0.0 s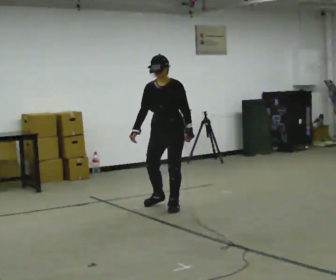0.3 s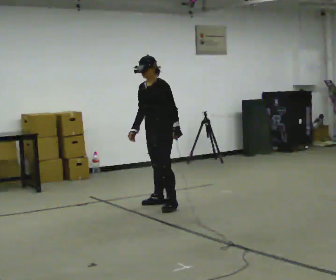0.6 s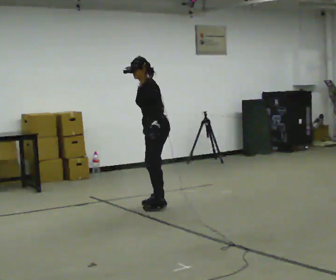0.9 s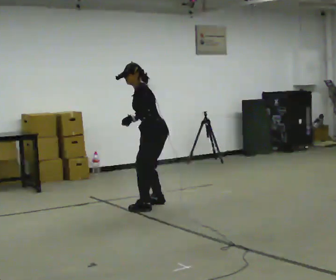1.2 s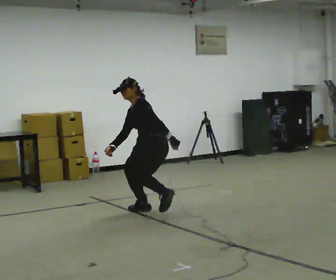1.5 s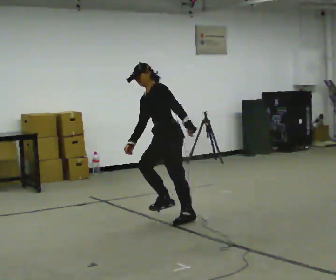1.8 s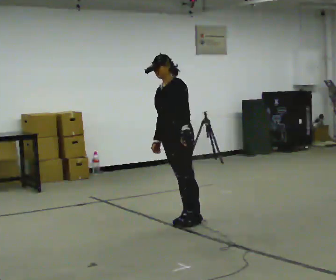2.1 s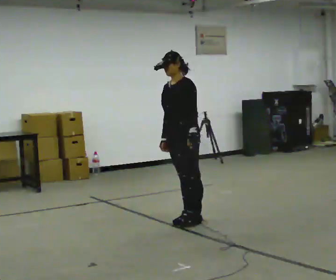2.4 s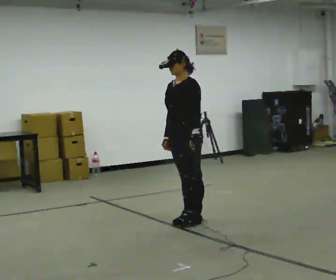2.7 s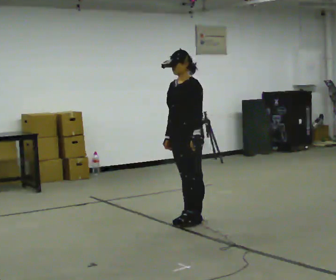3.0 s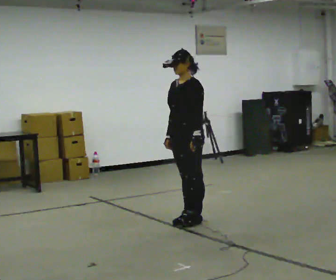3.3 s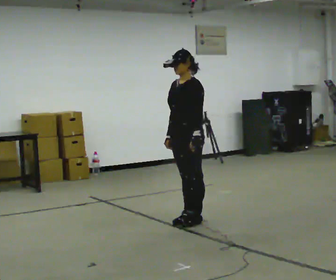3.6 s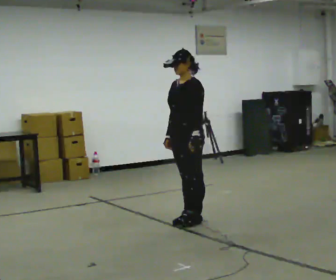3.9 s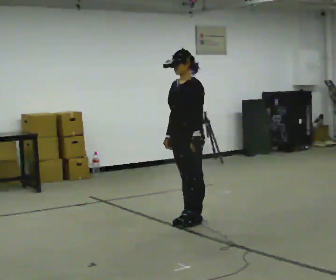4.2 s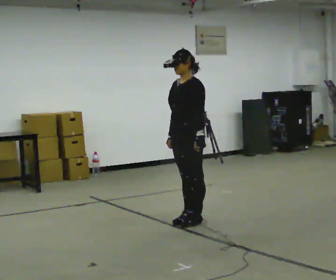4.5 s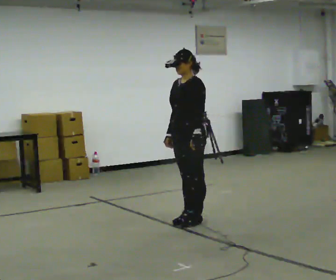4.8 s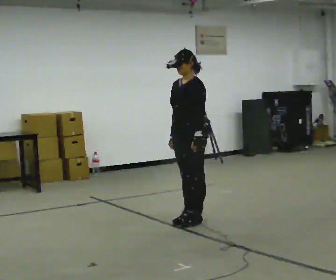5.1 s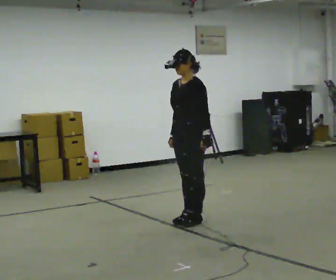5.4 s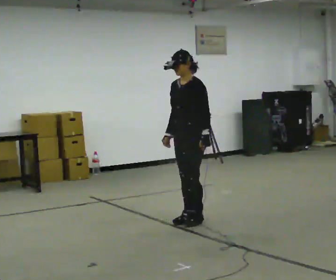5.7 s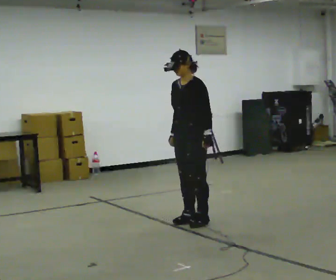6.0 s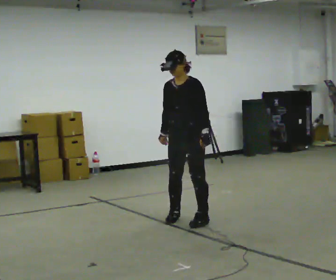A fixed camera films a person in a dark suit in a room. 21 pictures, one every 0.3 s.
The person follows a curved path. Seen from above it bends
counterclockwise.
0.0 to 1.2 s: The part of the body nearest the lens slides to the left as the person turns to their right by about 90 degrees. In the picture they go to the left and toward the camera, about 0.25 m in 2 steps. The shoulders move downward. In the picture the upper body tilts counterclockwise, shoulders to the left, as they bend forward.
1.2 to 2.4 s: The part of the body nearest the lens slides to the right as the person turns to their left by about 60 degrees. In the picture they go toward the camera and to the right, about 0.5 m in 1 step, which for them is to their left. The shoulders move upward. In the picture the upper body tilts clockwise, shoulders to the right, as they lean back or straighten.
2.4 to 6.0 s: The person moves a little, or ends about where they began.
The film runs backward here.
